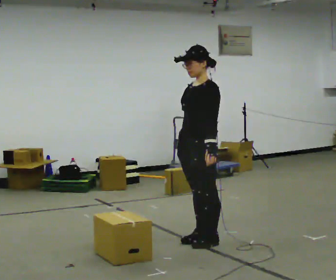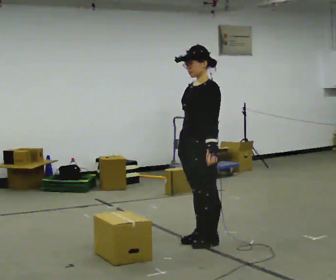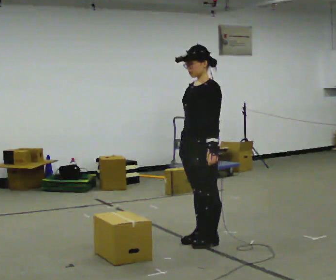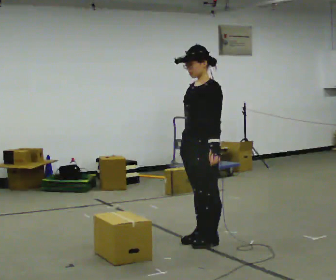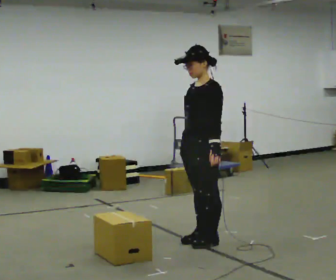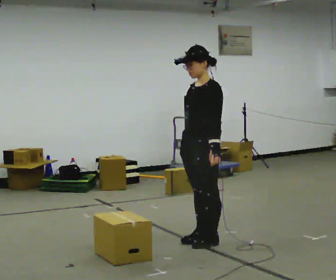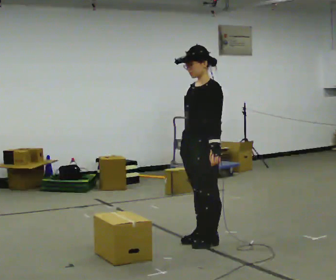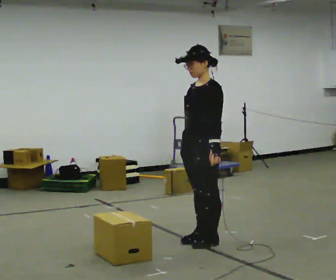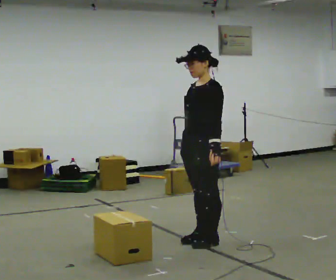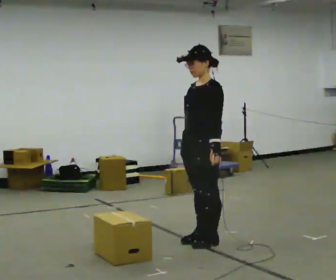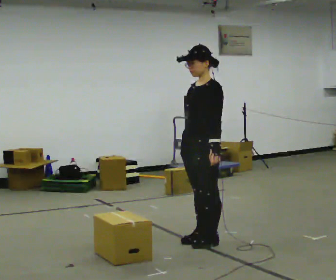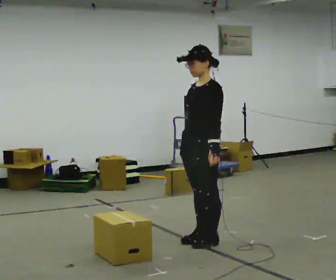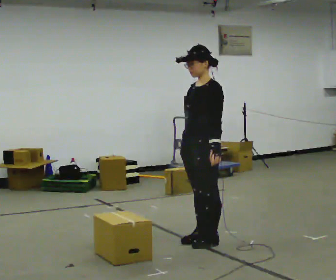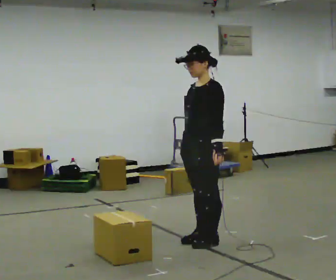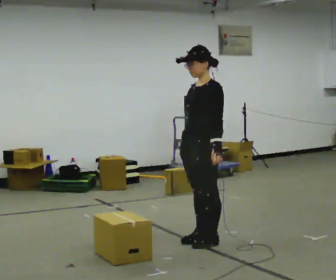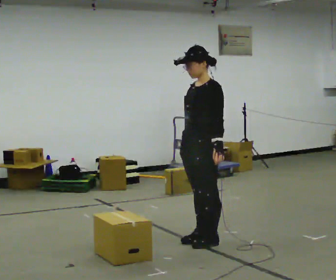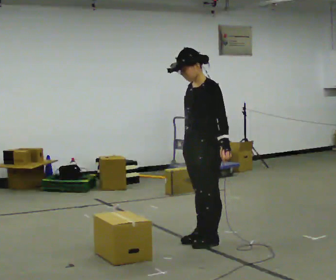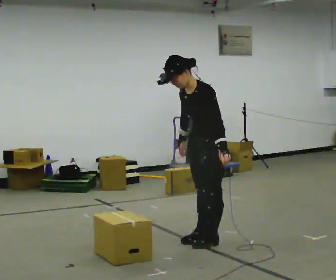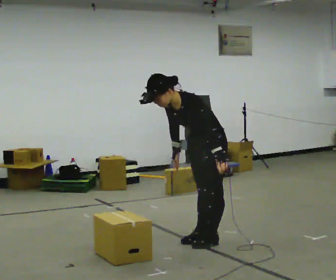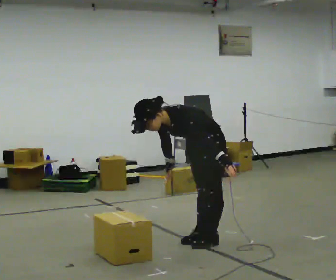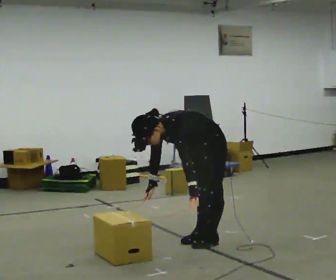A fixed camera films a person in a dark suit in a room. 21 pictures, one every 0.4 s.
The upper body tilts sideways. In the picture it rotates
counterclockwise.
The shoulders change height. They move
downward.
0.0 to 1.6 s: The person moves a little, or ends about where they began.
1.6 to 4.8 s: The person keeps their place and pose.
4.8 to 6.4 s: The person moves a little, or ends about where they began.
6.4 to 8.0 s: The shoulders move downward. In the picture the upper body tilts counterclockwise, shoulders to the left, as they bend forward. In the picture their right hand goes downward.
The film runs backward here.
